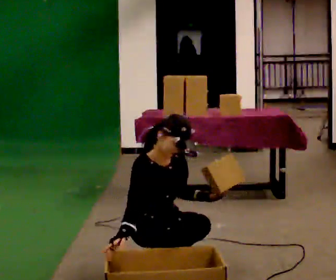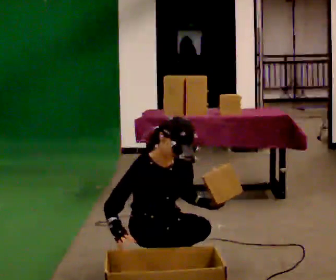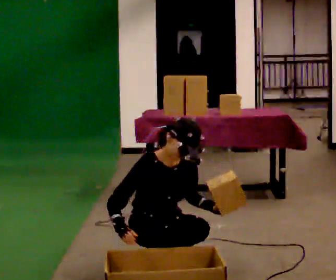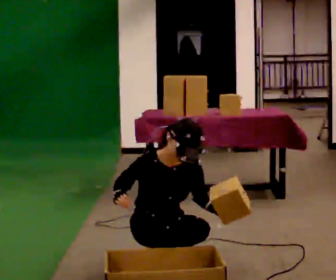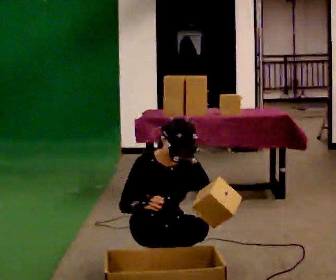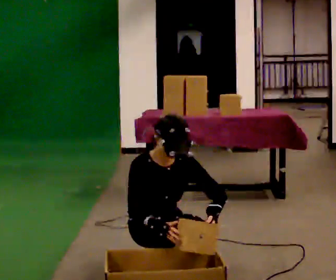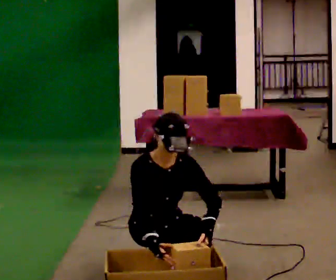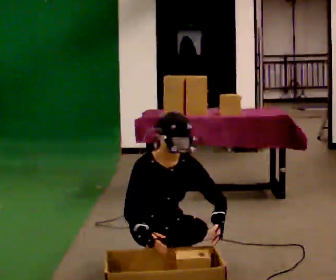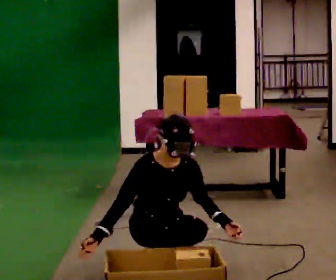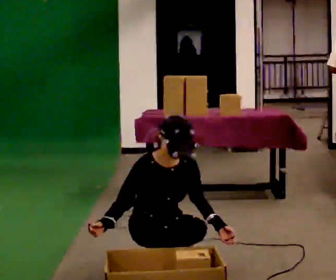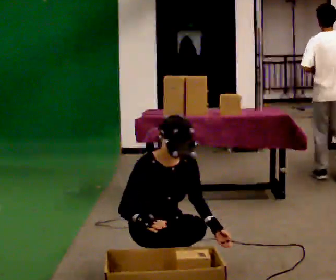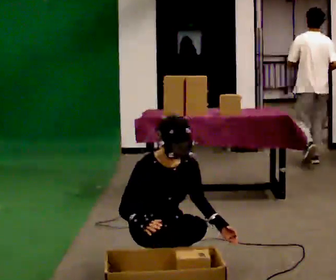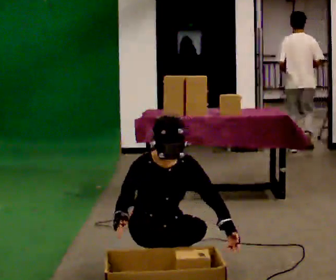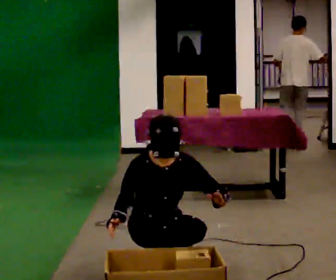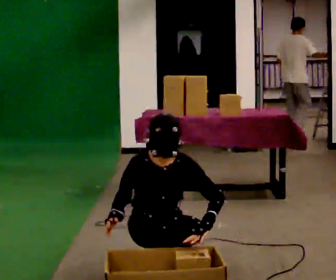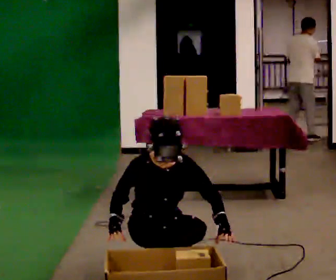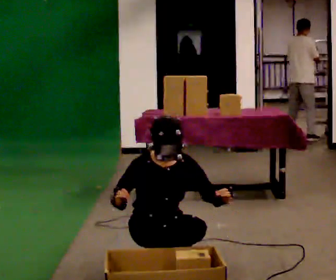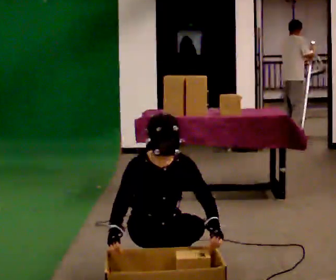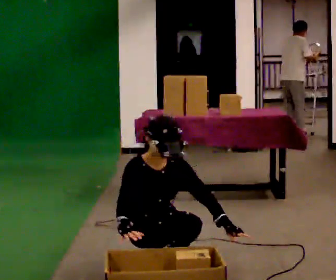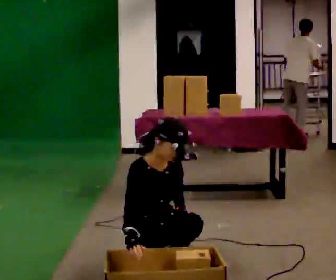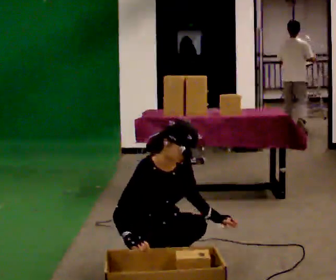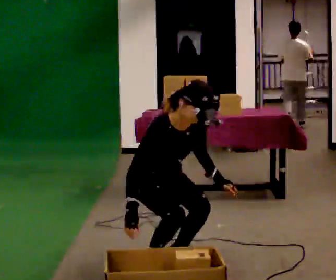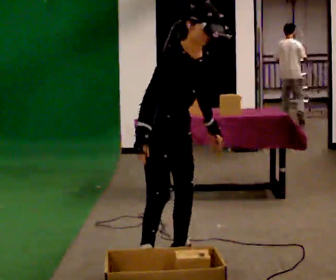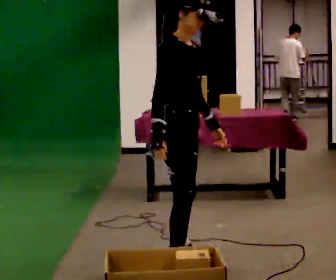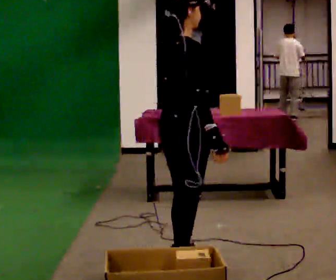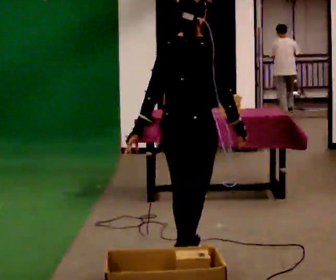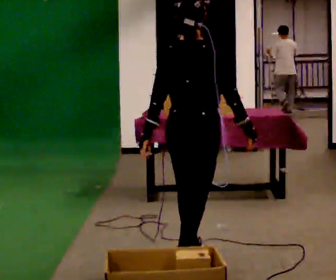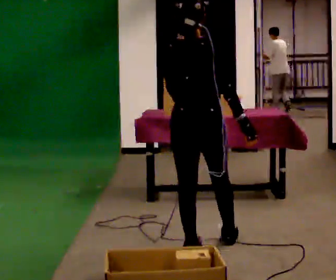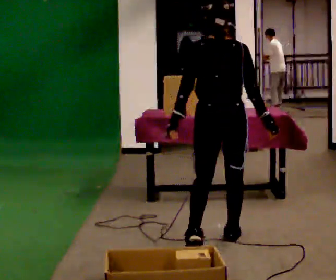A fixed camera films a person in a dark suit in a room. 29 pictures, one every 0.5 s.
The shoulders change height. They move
upward.
The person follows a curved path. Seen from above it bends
counterclockwise.
0.0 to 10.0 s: The person moves a little, or ends about where they began.
10.0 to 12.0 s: The person turns about 90 degrees to their left, counterclockwise seen from above, so the part of the body nearest the lens slides to the right. In the picture they go toward the camera and to the right, about 0.25 m in 1 step. The shoulders move upward. In the picture their left hand goes upward, the arm swinging clockwise.
12.0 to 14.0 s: The person turns about 60 degrees to their left, counterclockwise seen from above, so the part of the body nearest the lens slides to the right. In the picture they go away from the camera and to the right, about 0.5 m in 1 step.
The film runs forward here.
